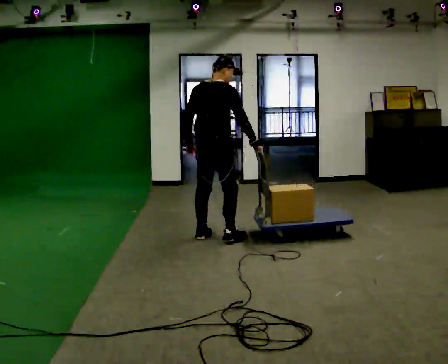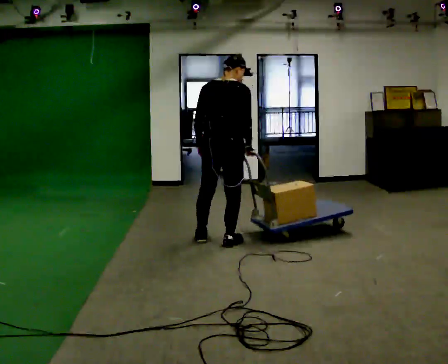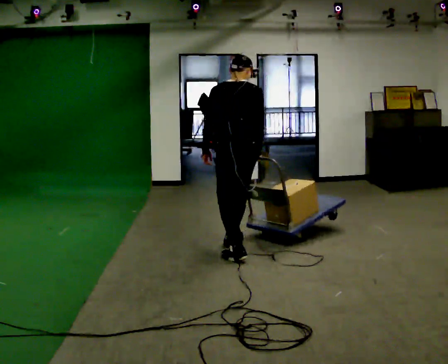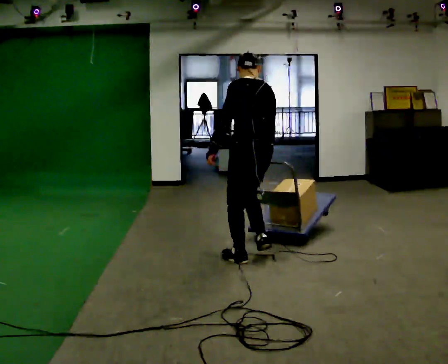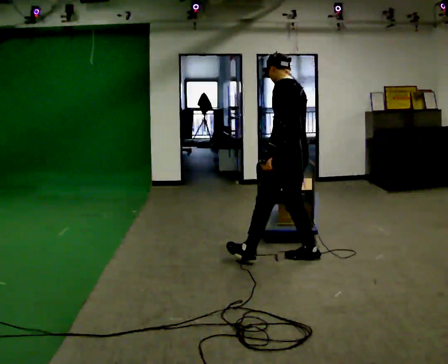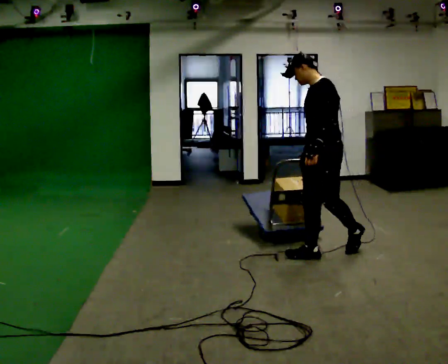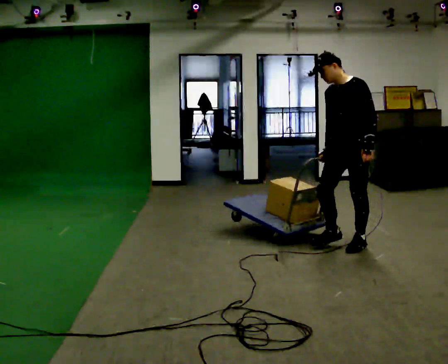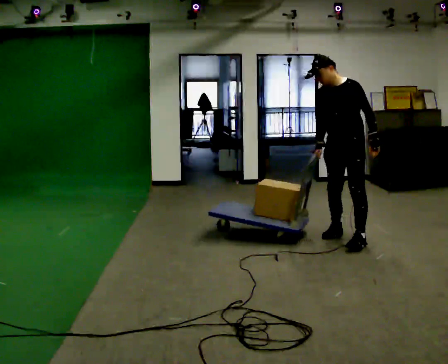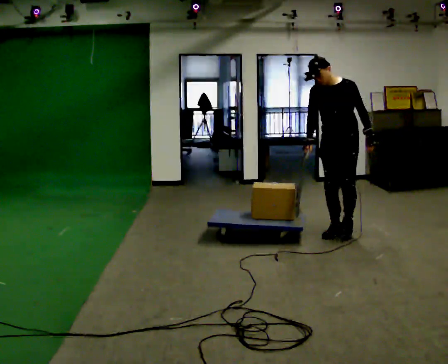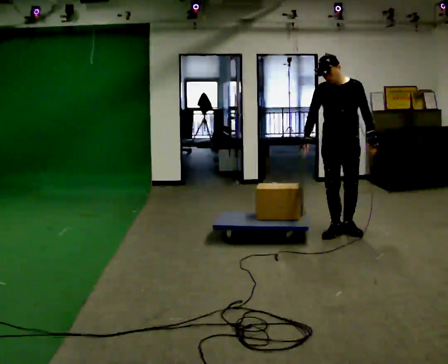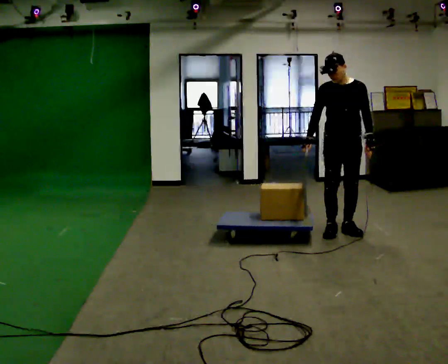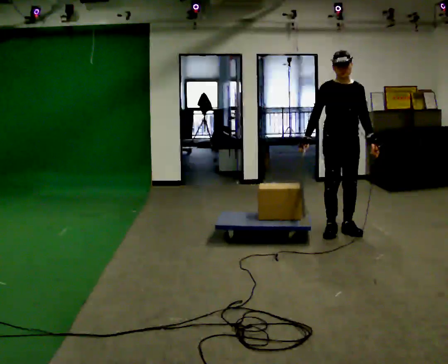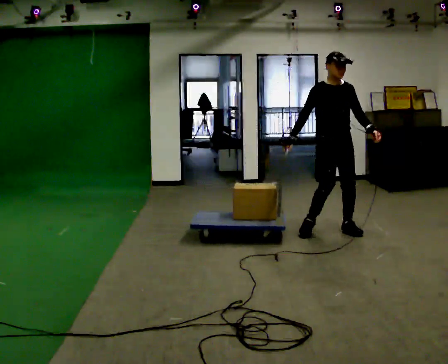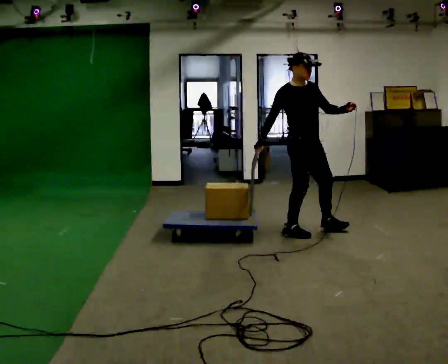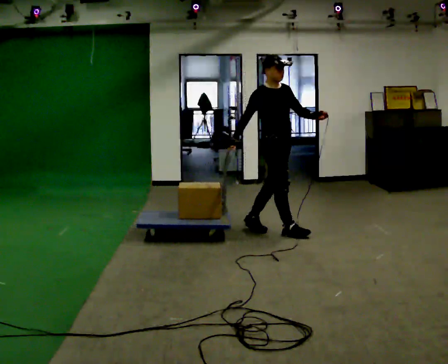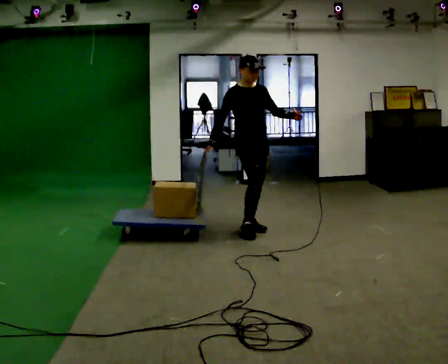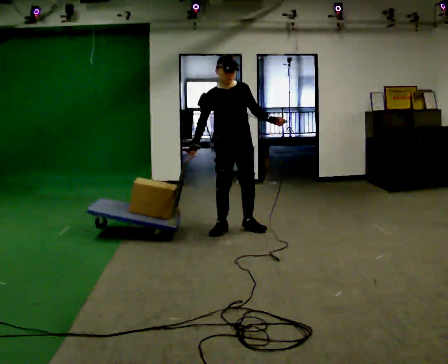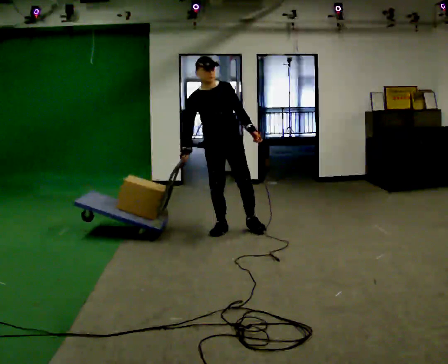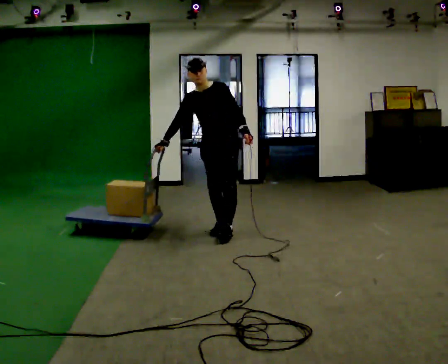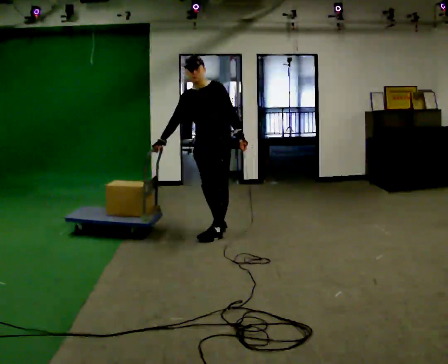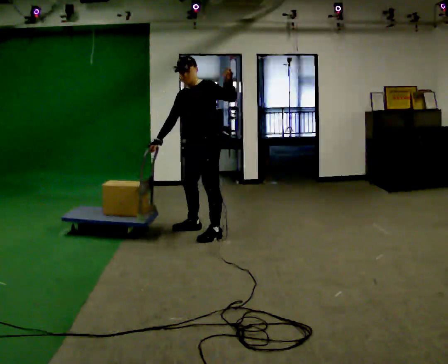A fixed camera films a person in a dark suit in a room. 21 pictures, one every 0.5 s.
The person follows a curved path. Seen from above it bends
counterclockwise.
0.0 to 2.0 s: The person turns about 90 degrees to their left, counterclockwise seen from above, so the part of the body nearest the lens slides to the right. In the picture they go to the right and toward the camera, about 1 m in 3 steps.
2.0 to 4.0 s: Seen from above the body turns counterclockwise, about 90 degrees: to their left, with its near side sliding to the right. In the picture they go away from the camera and to the right, about 1 m in 2 steps.
4.0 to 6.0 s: Seen from above the body turns counterclockwise, about 45 degrees: to their left, with its near side sliding to the right.
6.0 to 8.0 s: In the picture they go to the left, about 1 m in 2 steps, which for them is backward.
8.0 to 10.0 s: The person turns about 60 degrees to their right, clockwise seen from above, so the part of the body nearest the lens slides to the left. In the picture they go to the left and toward the camera, about 0.25 m in 2 steps. In the picture their left hand goes upward.
The film runs backward here.
